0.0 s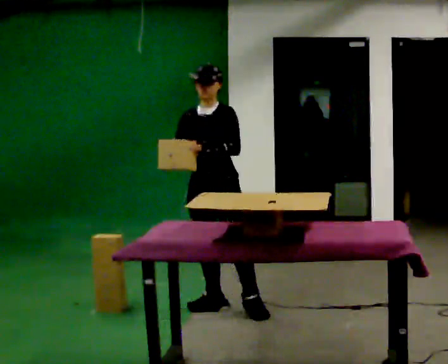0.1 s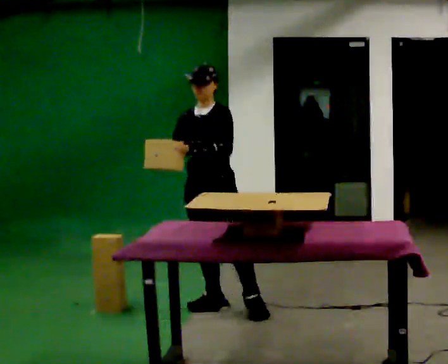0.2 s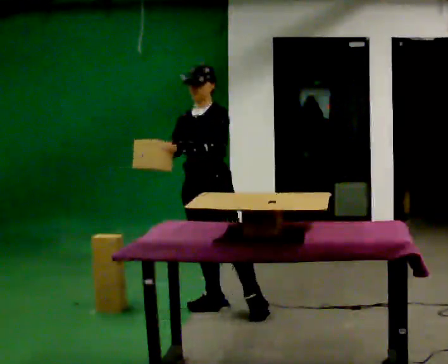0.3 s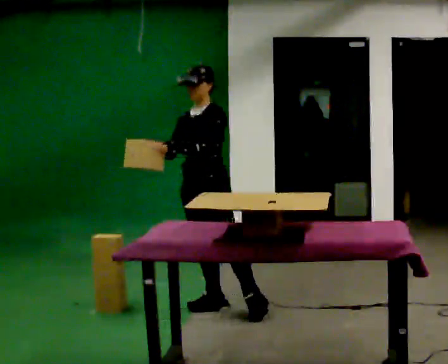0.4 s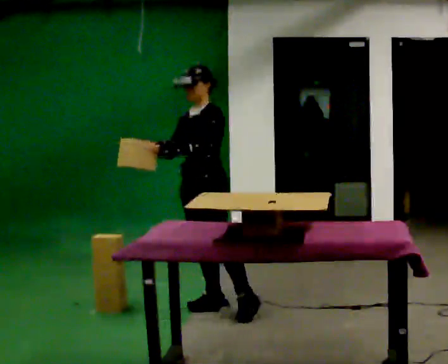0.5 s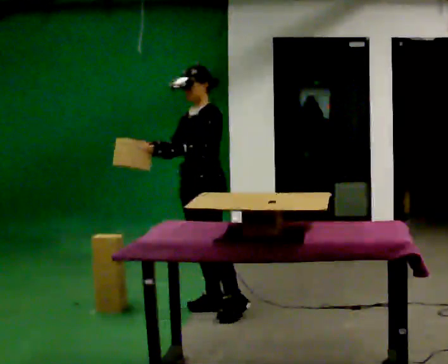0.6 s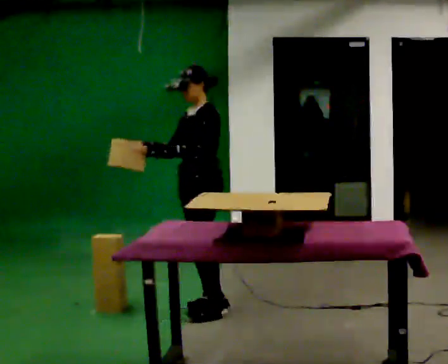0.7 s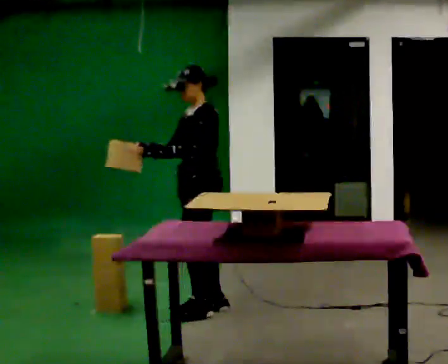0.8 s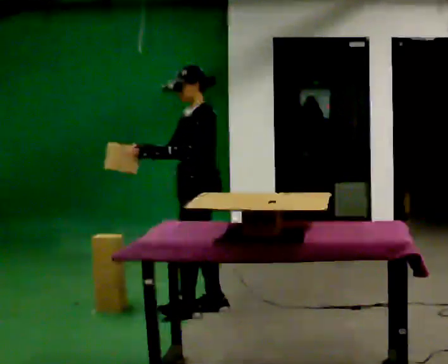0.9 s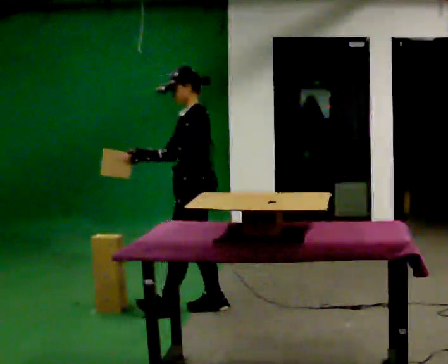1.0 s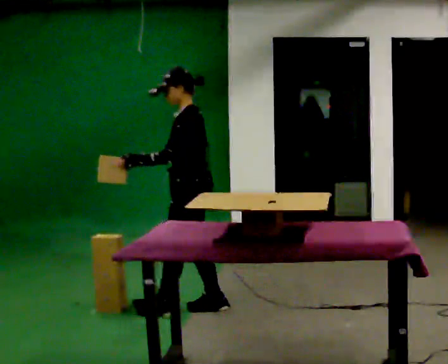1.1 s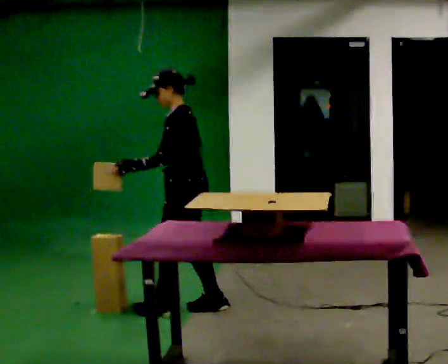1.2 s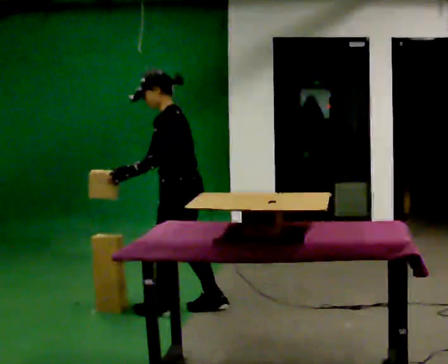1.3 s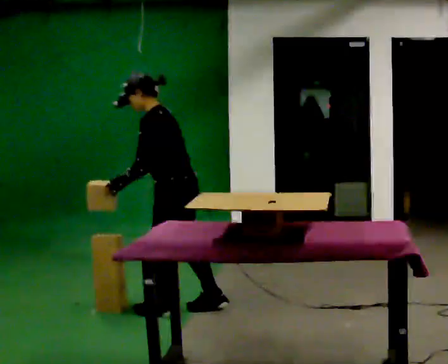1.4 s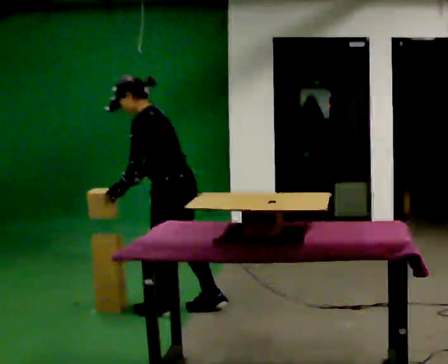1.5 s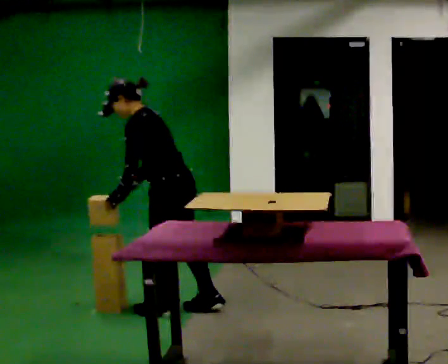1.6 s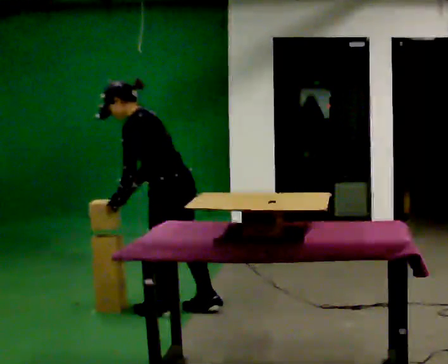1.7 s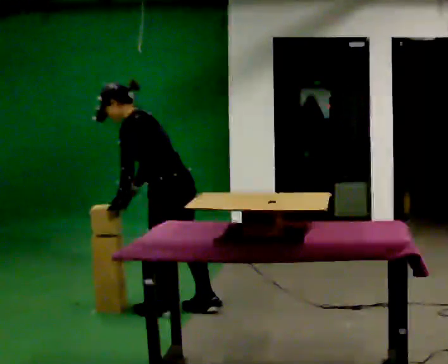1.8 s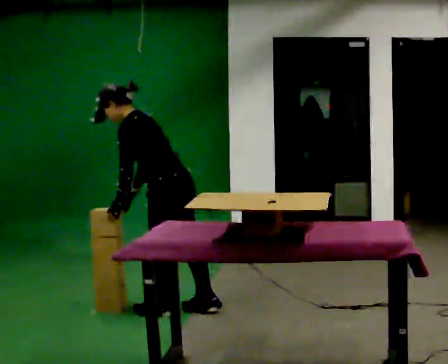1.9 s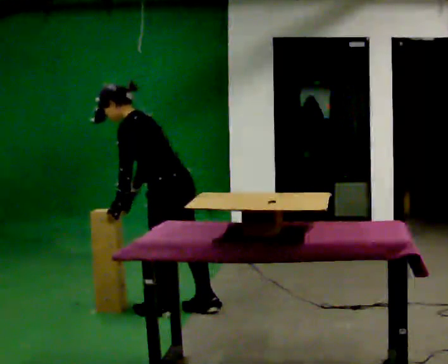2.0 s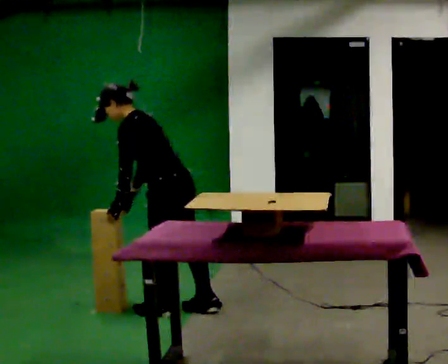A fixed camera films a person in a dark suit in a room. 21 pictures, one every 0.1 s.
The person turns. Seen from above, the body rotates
clockwise.
The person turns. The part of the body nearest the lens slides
to the left.
0.0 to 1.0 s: Seen from above the body turns clockwise, about 60 degrees: to their right, with its near side sliding to the left.
1.0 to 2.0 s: The person turns about 30 degrees to their right, clockwise seen from above, so the part of the body nearest the lens slides to the left. In the picture the upper body tilts counterclockwise, shoulders to the left, as they bend forward.
The film runs backward here.
